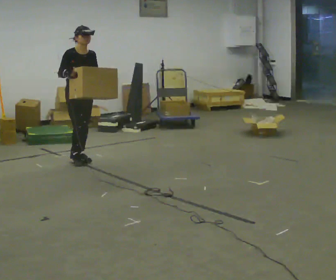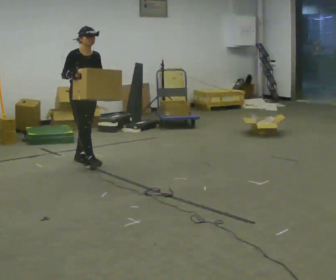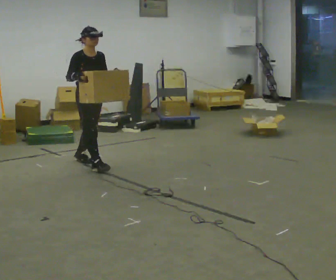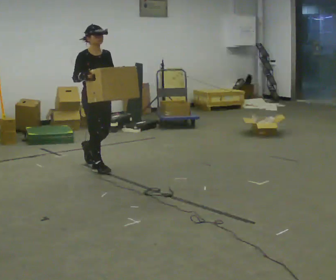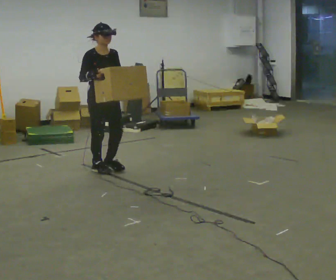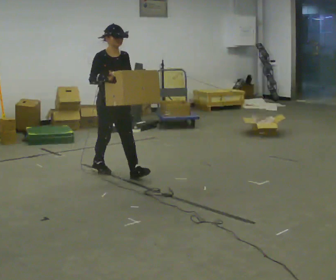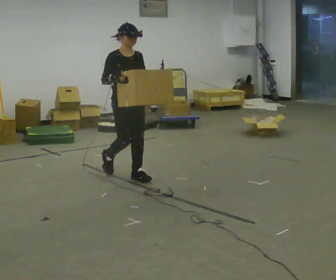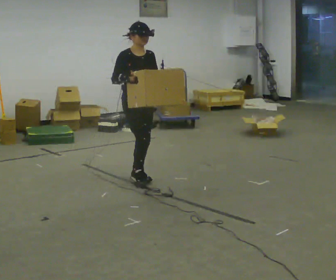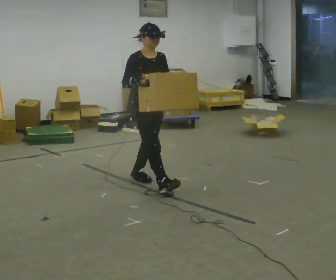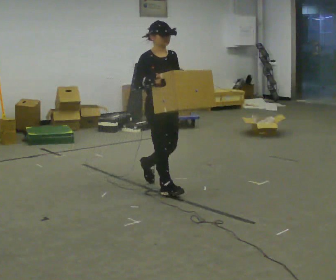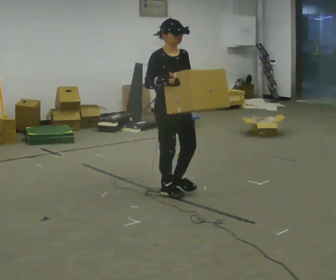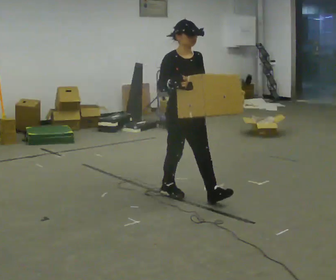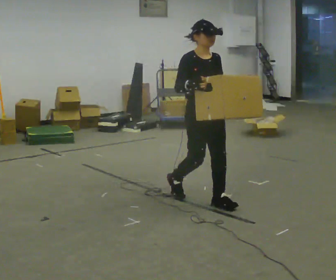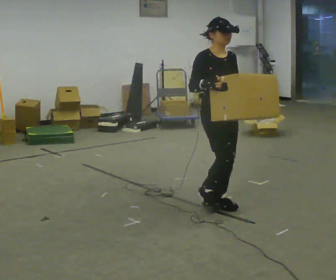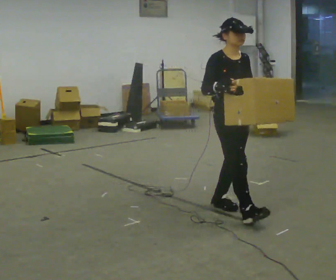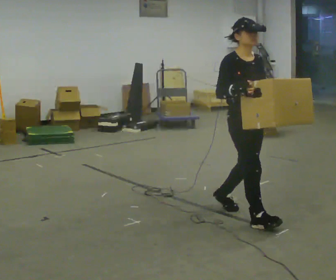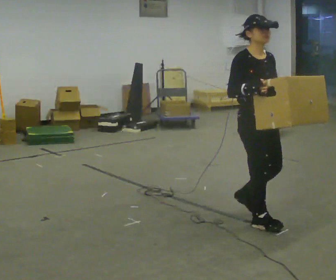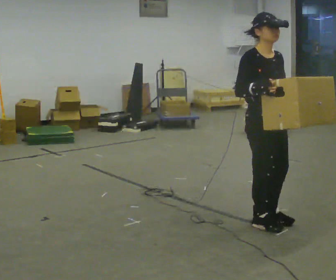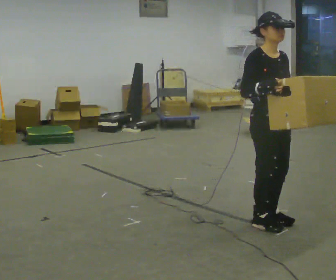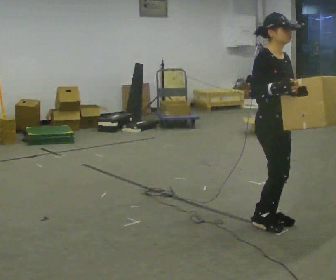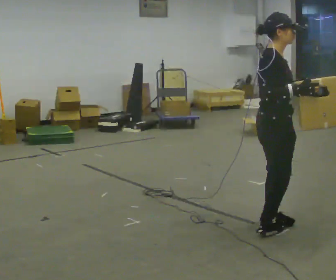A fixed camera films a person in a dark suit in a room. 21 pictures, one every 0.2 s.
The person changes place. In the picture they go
toward the camera.
0.0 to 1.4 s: In the picture they go toward the camera and to the right, about 1 m in 2 steps, which for them is forward.
1.4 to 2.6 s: In the picture they go toward the camera and to the right, about 1 m in 2 steps, which for them is forward.
2.6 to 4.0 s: The person turns about 60 degrees to their left, counterclockwise seen from above, so the part of the body nearest the lens slides to the right. In the picture they go toward the camera and to the right, about 0.5 m in 3 steps, which for them is forward.
The film runs forward here.
